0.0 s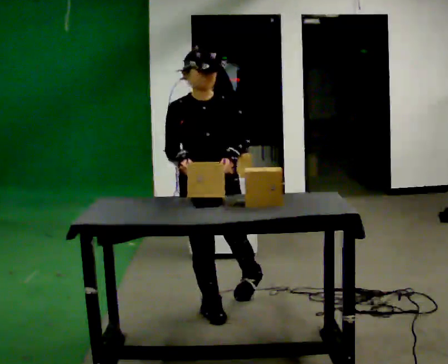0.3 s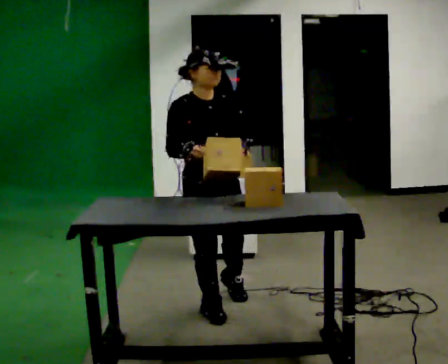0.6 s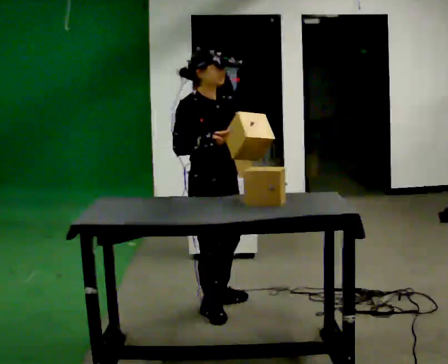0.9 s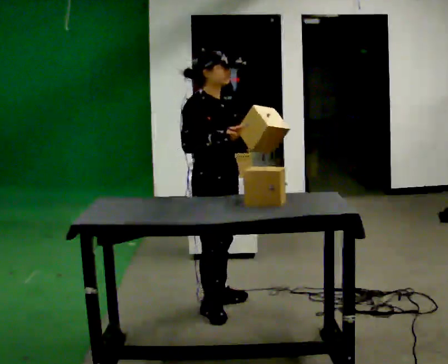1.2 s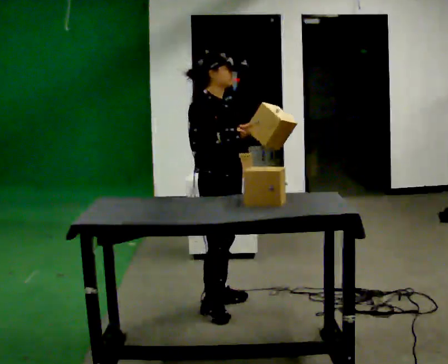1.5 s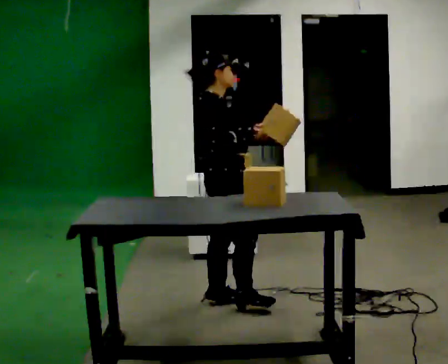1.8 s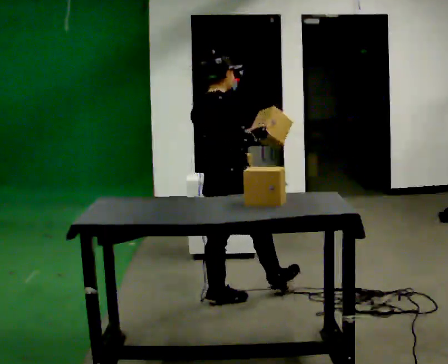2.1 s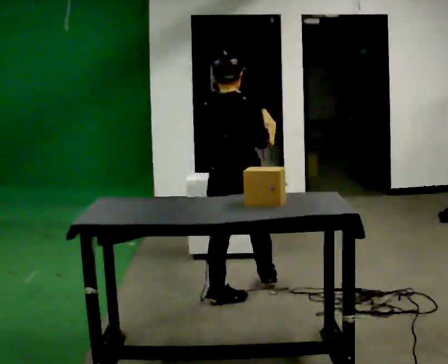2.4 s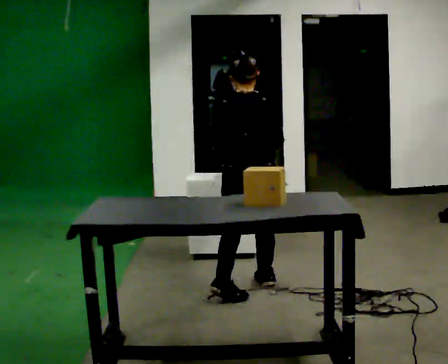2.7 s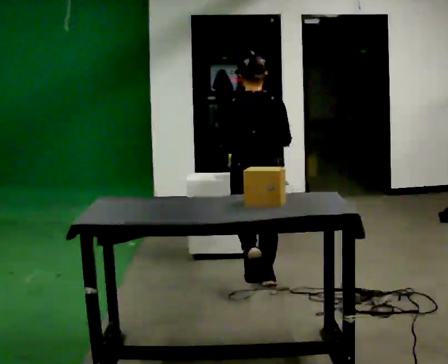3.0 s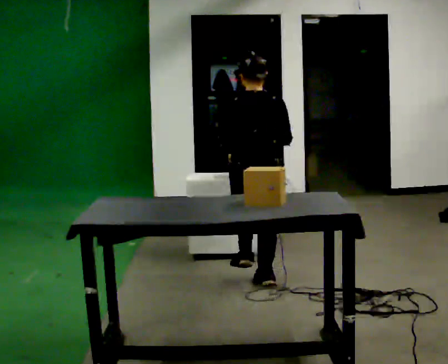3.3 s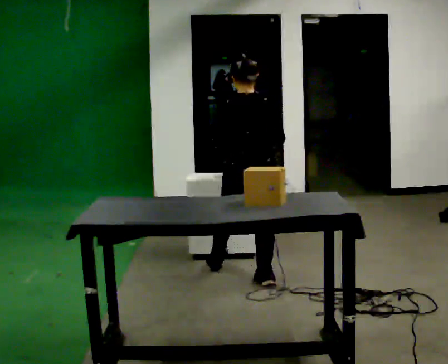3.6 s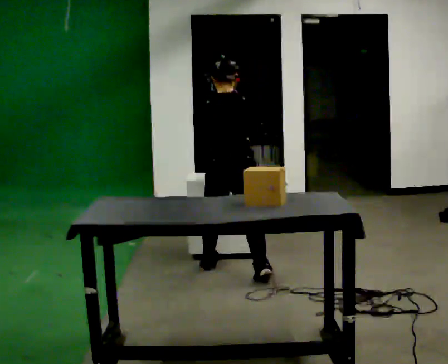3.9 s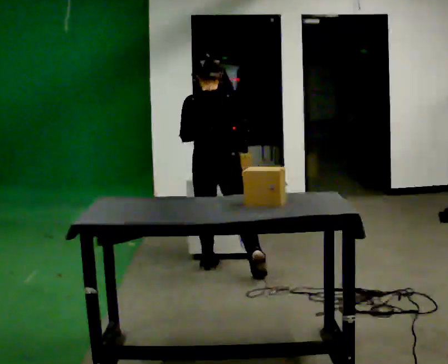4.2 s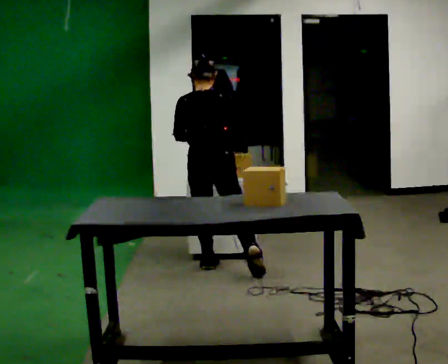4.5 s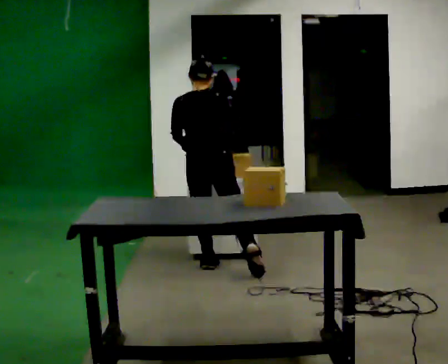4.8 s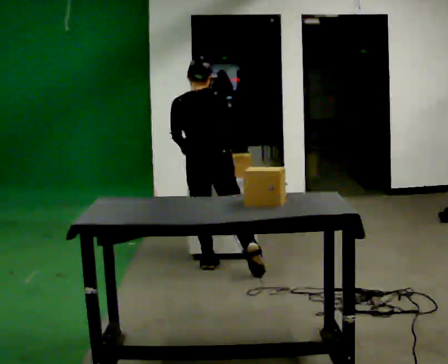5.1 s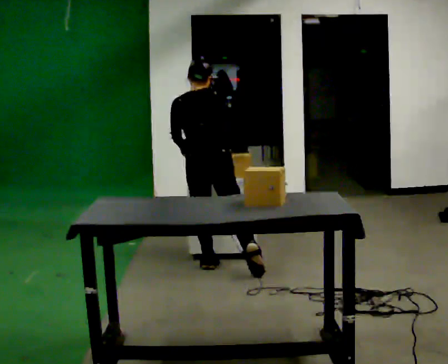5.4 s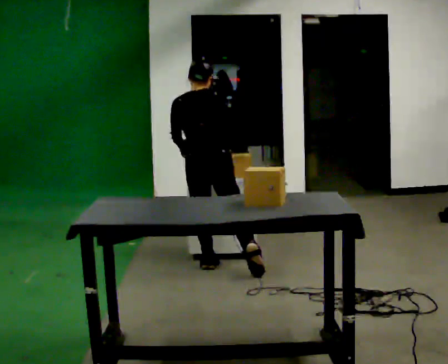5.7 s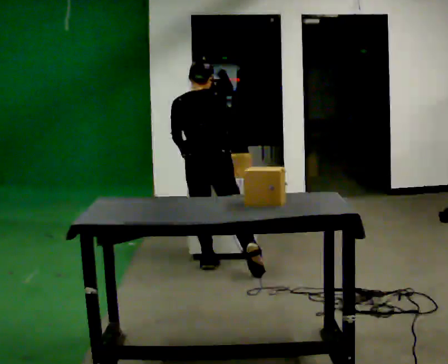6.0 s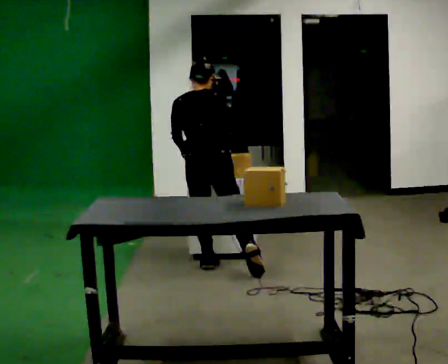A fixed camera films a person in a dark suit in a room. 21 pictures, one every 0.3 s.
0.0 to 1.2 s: The part of the body nearest the lens slides to the right as the person turns to their left by about 60 degrees. In the picture they go away from the camera, about 0.25 m in 1 step, which for them is to their left.
1.2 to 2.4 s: The part of the body nearest the lens slides to the right as the person turns to their left by about 105 degrees. In the picture they go away from the camera and to the right, about 0.25 m in 1 step.
2.4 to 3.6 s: In the picture they go away from the camera and to the left, about 0.5 m in 1 step, which for them is forward.
3.6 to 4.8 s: In the picture they go away from the camera, about 0.25 m in 1 step, which for them is forward and to their left.
4.8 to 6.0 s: The person moves a little, or ends about where they began.
The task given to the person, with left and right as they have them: 1. Move all 12 boxes from the shelf at one end of the room to the shelf at the other end. 2. The cart is not available today, so carry them. 3. Tell the operator when you are finished.
The film runs forward here.
